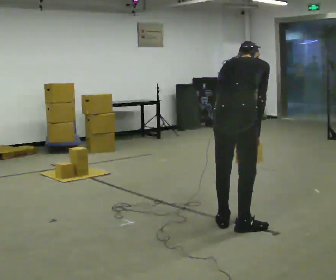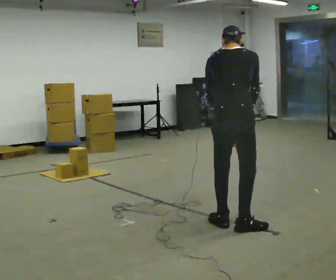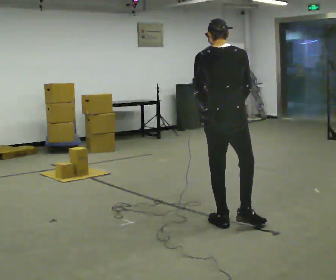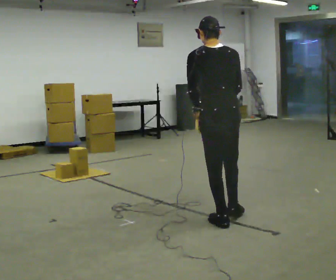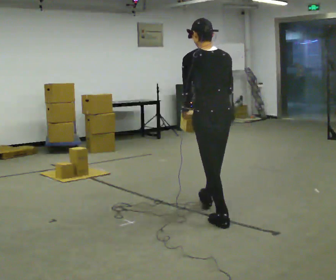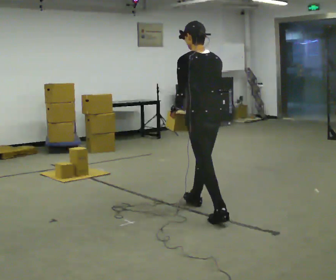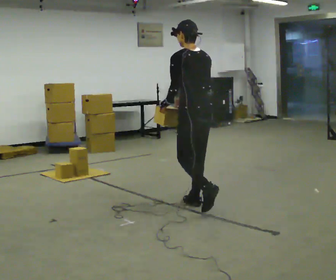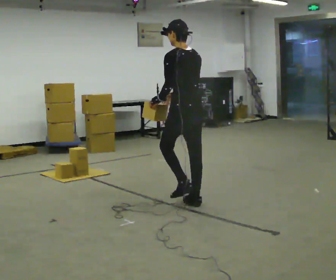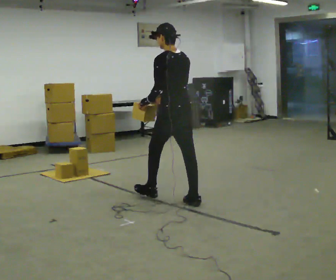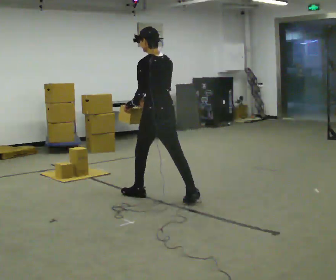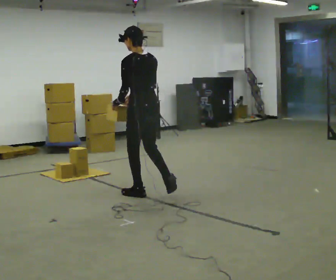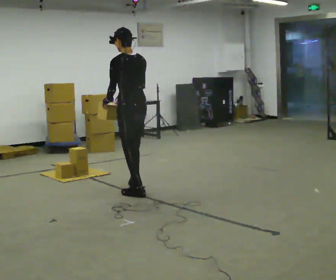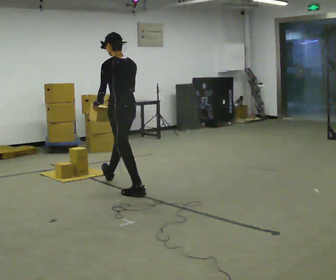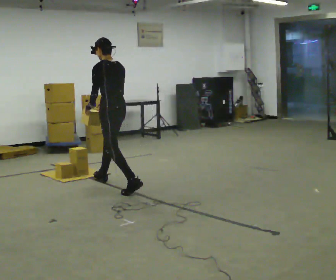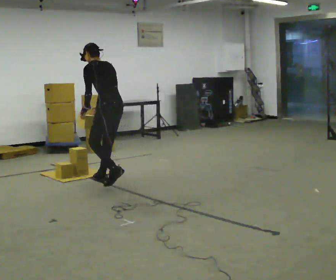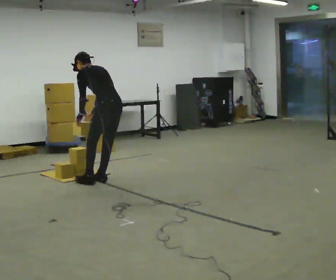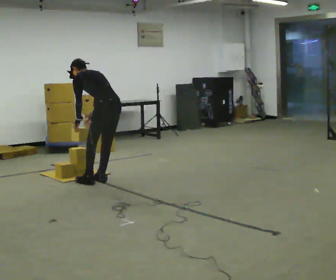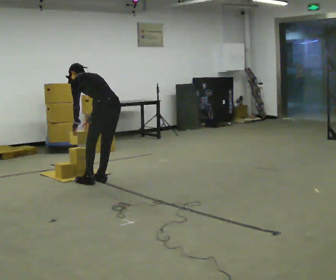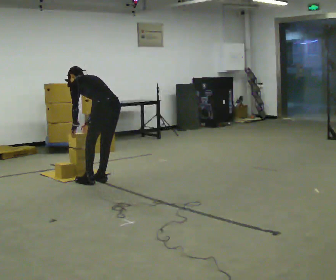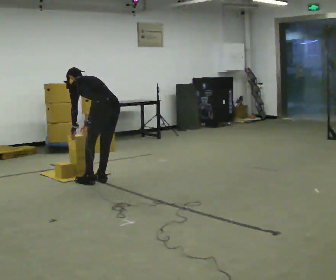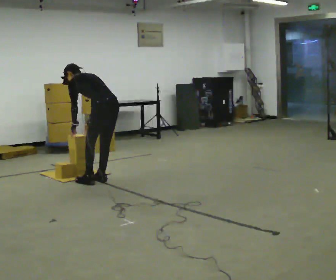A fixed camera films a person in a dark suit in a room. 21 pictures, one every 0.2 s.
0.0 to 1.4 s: The part of the body nearest the lens slides to the right as the person turns to their left by about 60 degrees. In the picture they go away from the camera, about 1 m in 1 step. The upper body tips toward the camera, its near side rolling downward, as they lean back or straighten.
1.4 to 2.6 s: In the picture they go away from the camera and to the left, about 1 m in 2 steps, which for them is forward.
2.6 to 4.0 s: In the picture they go away from the camera, about 0.25 m in 1 step, which for them is forward. In the picture the upper body tilts counterclockwise, shoulders to the left, as they bend forward.
The film runs forward here.
